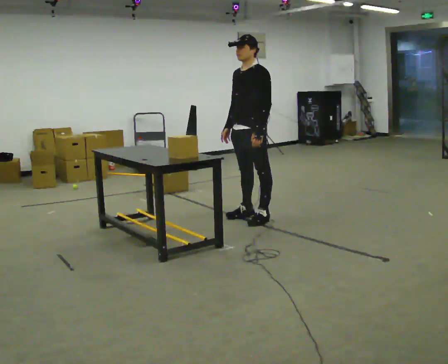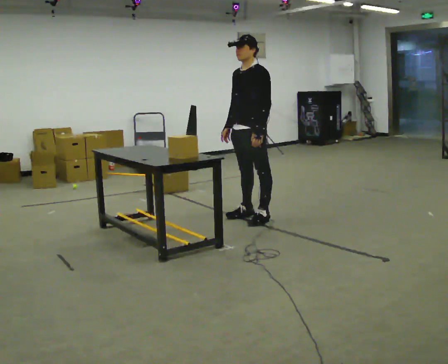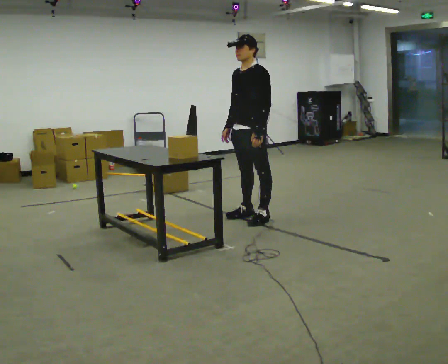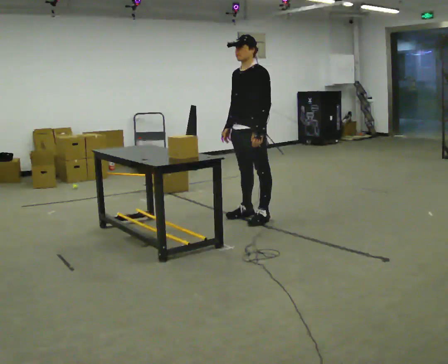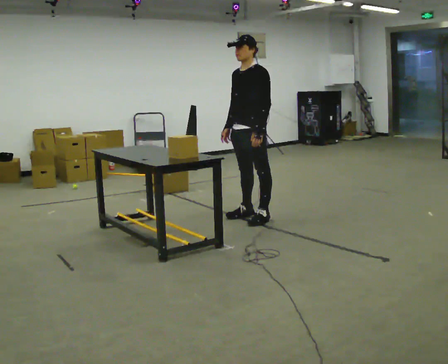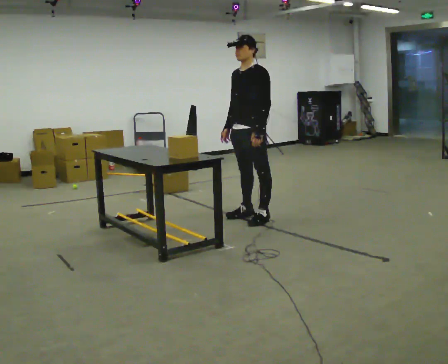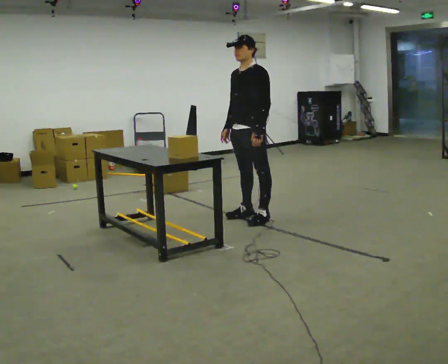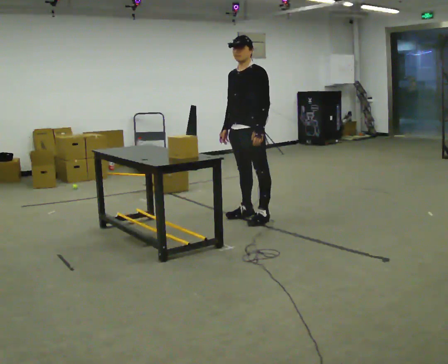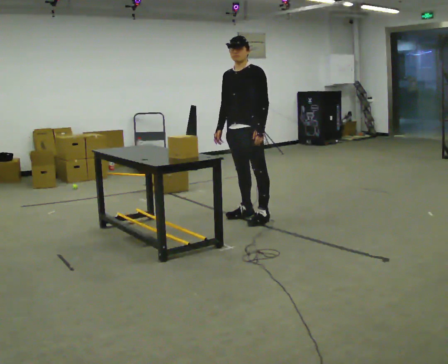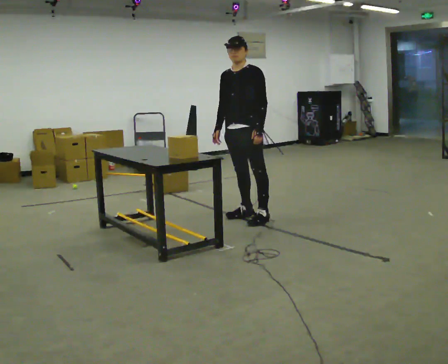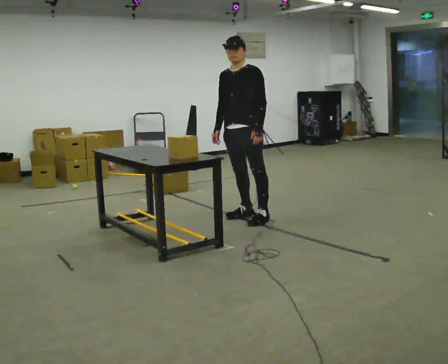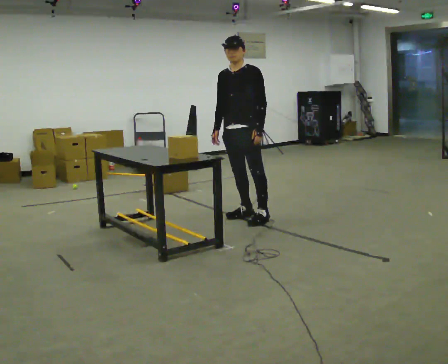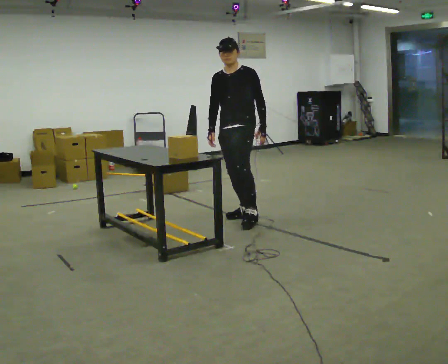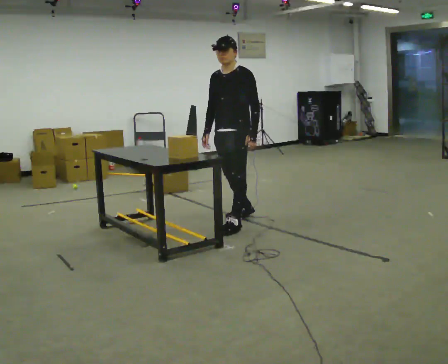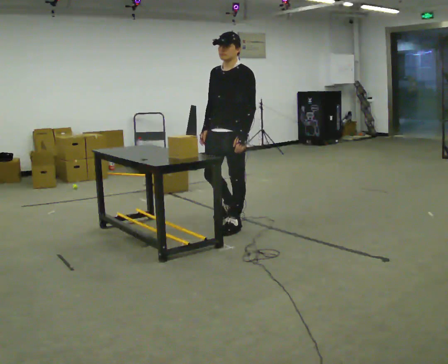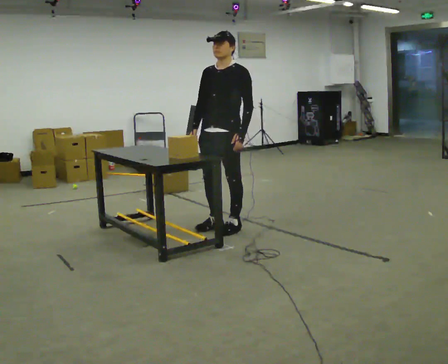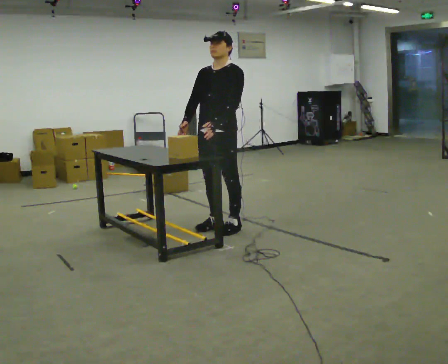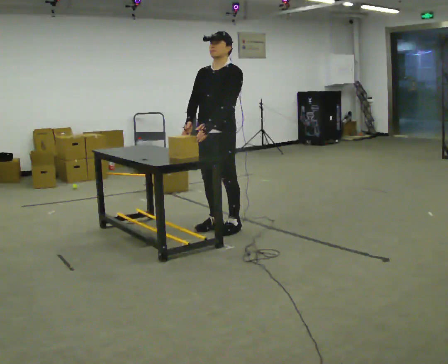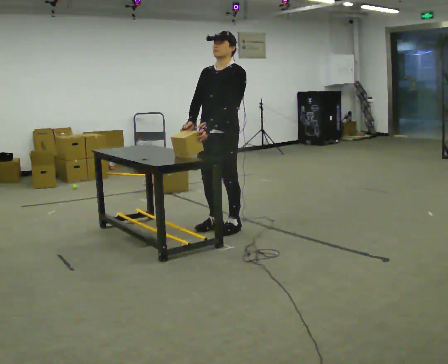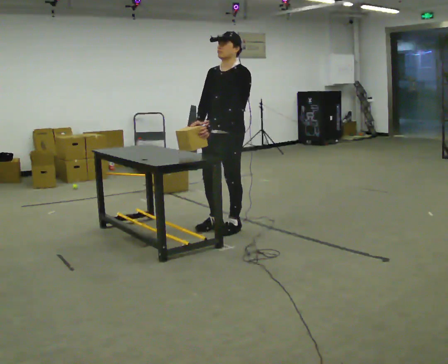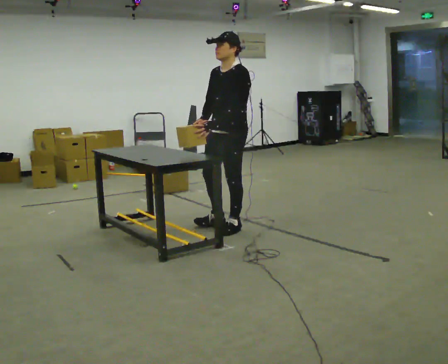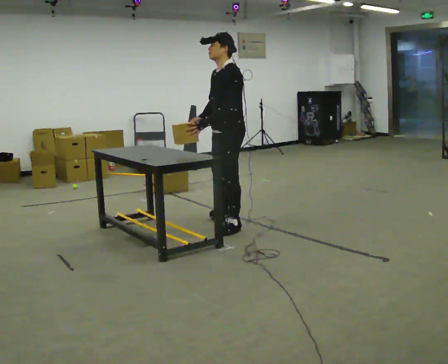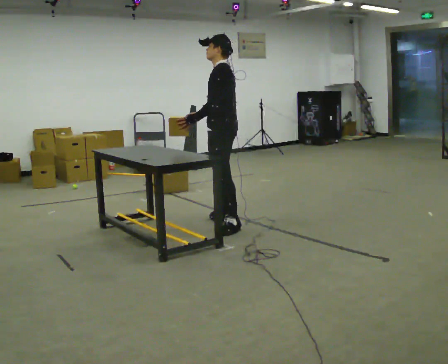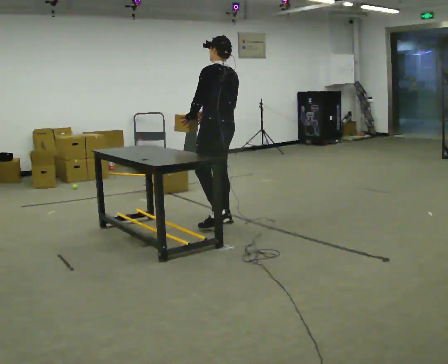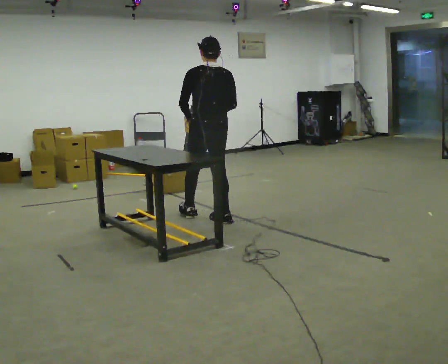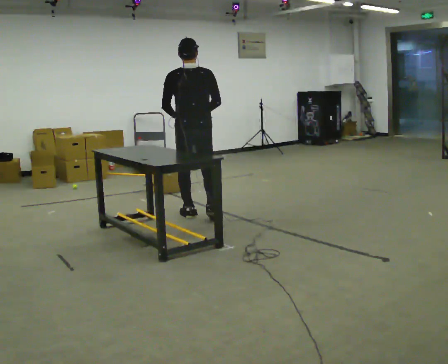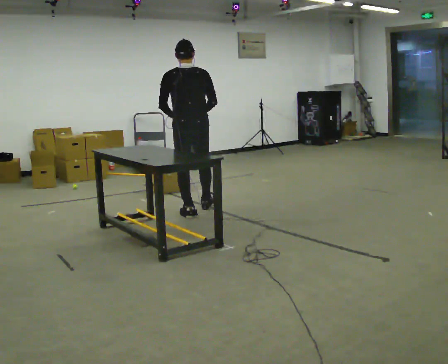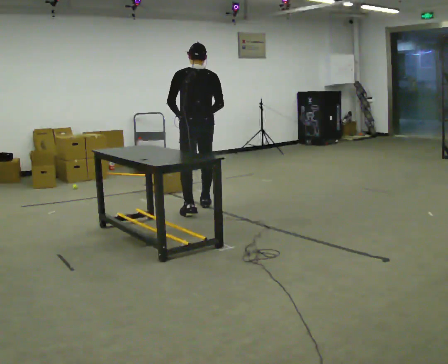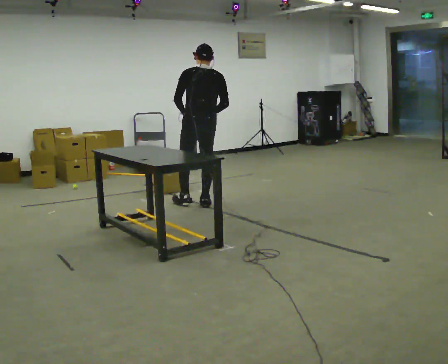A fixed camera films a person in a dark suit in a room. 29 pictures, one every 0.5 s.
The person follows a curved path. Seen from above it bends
clockwise.
0.0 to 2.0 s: The person keeps their place and pose.
2.0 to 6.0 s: The person moves a little, or ends about where they began.
6.0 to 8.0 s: In the picture they go toward the camera and to the left, about 0.5 m in 2 steps, which for them is forward and to their left.
8.0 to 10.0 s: The person moves a little, or ends about where they began.
10.0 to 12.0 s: Seen from above the body turns clockwise, about 105 degrees: to their right, with its near side sliding to the left. In the picture they go away from the camera and to the left, about 0.5 m in 1 step.
12.0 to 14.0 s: In the picture they go away from the camera, about 0.5 m in 1 step, which for them is forward.
The film runs forward here.
